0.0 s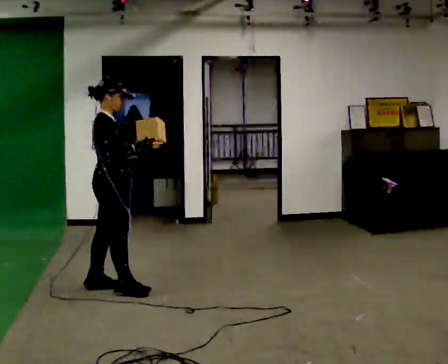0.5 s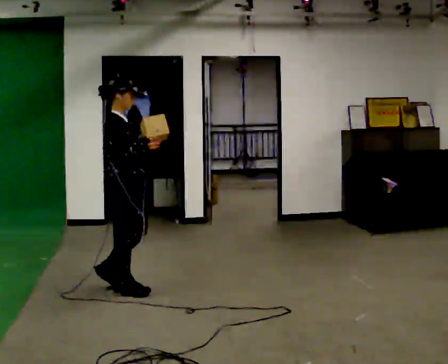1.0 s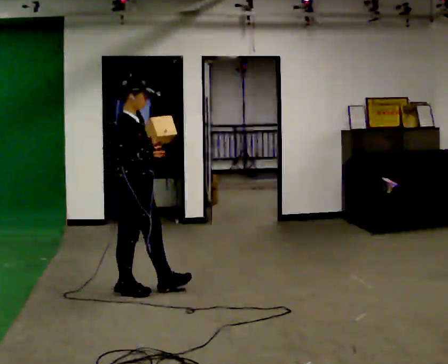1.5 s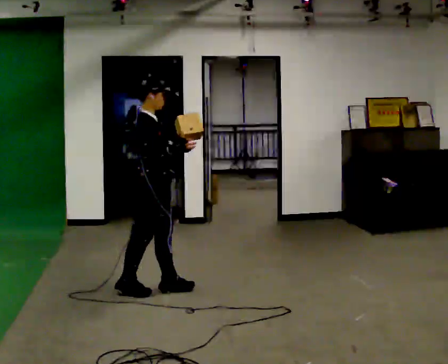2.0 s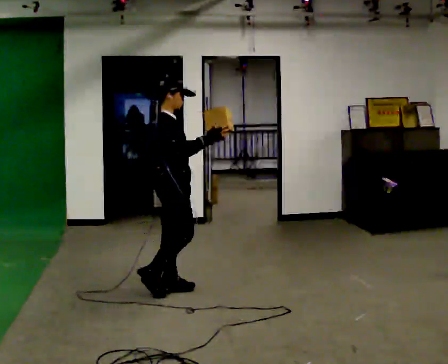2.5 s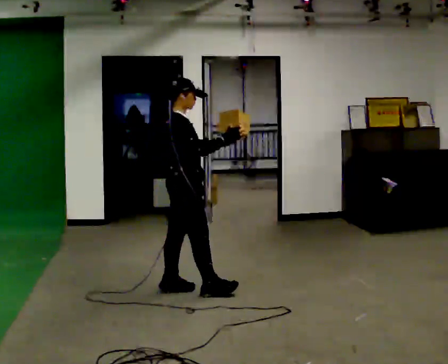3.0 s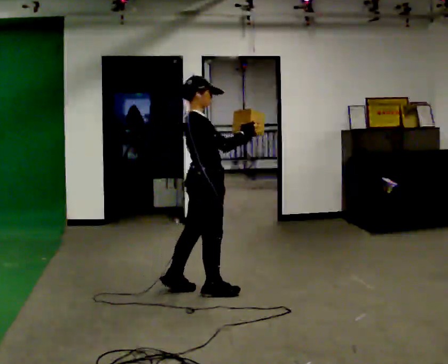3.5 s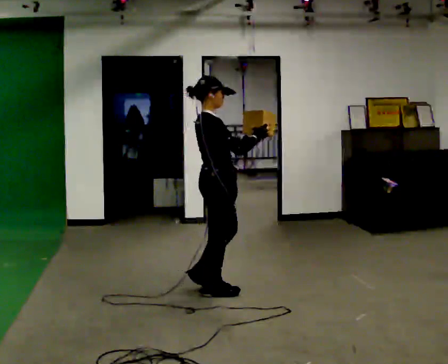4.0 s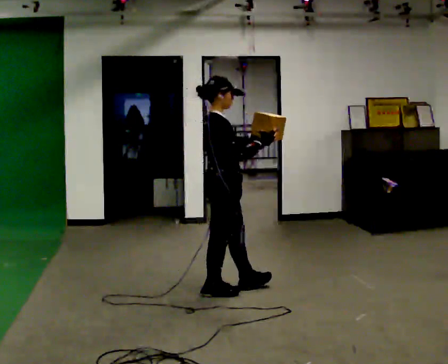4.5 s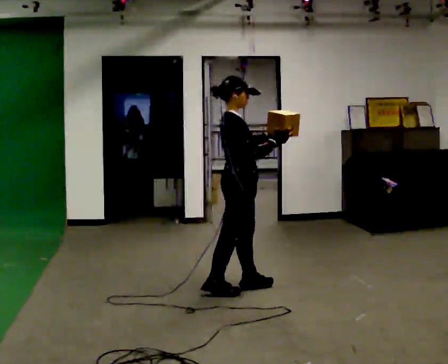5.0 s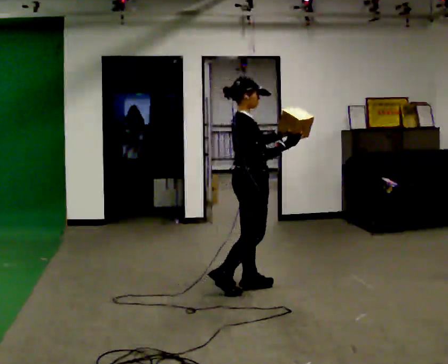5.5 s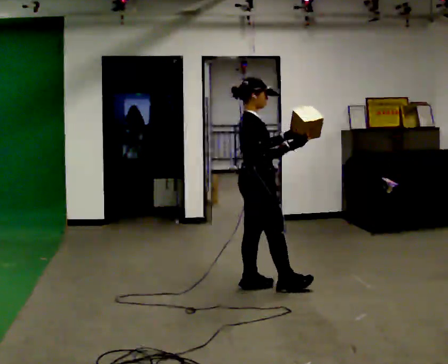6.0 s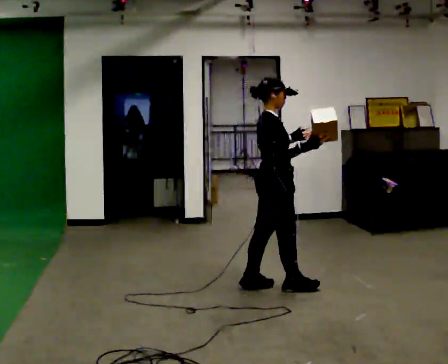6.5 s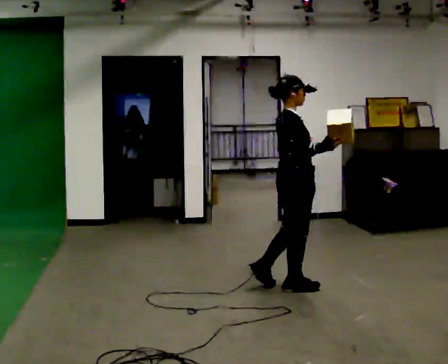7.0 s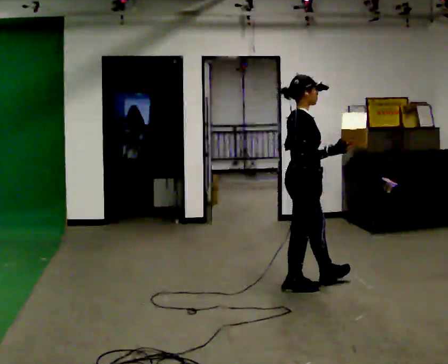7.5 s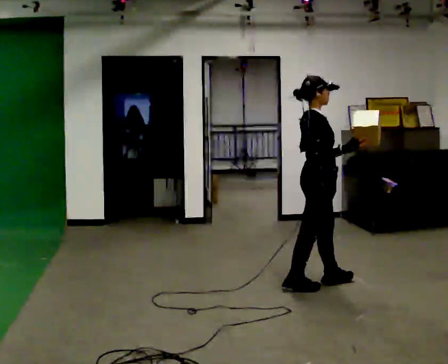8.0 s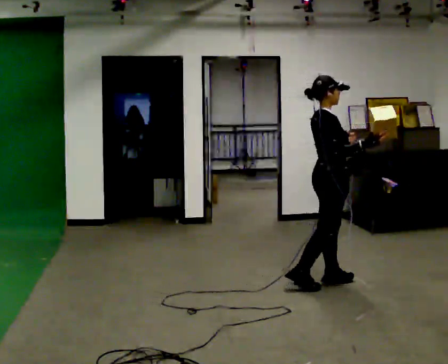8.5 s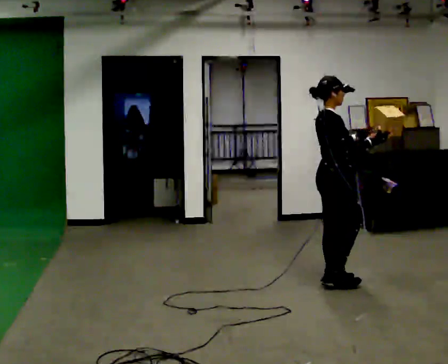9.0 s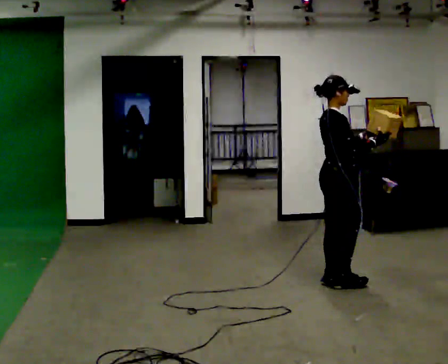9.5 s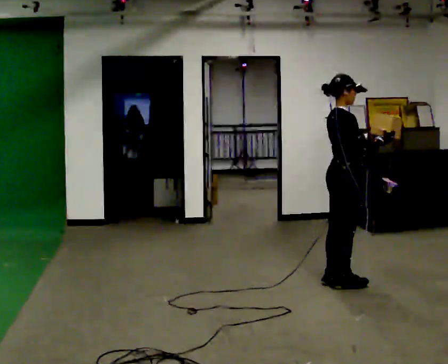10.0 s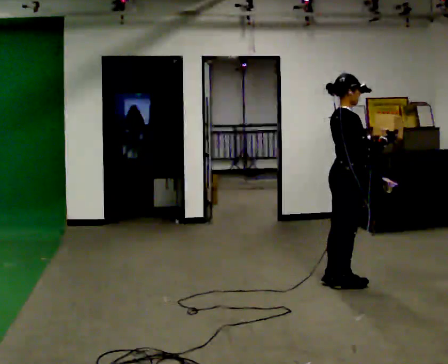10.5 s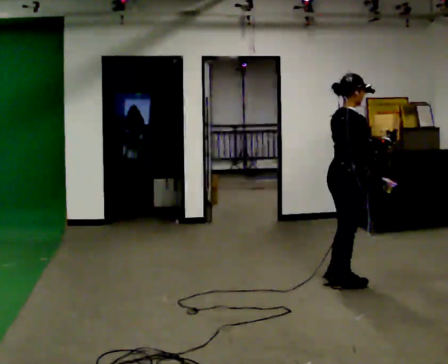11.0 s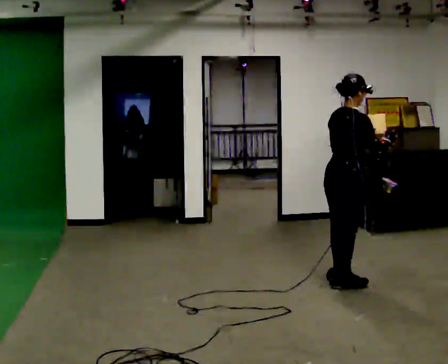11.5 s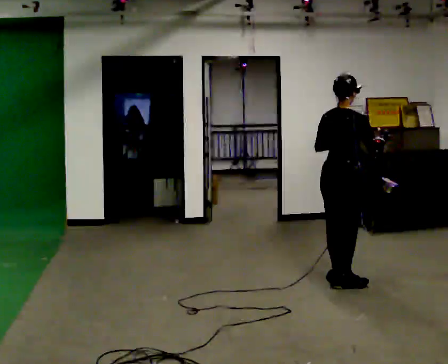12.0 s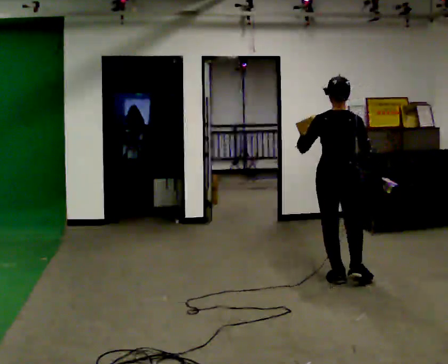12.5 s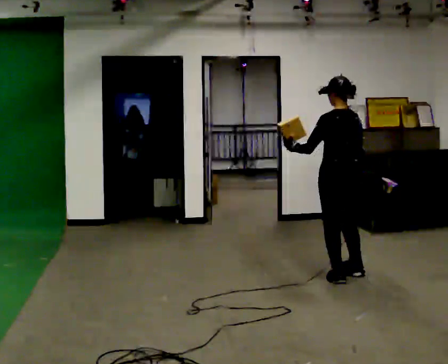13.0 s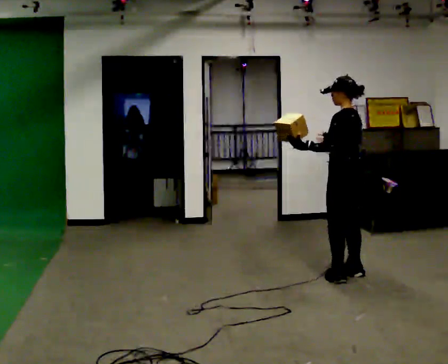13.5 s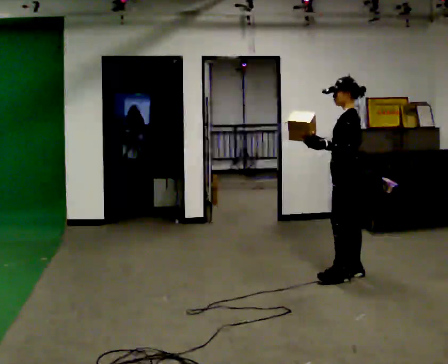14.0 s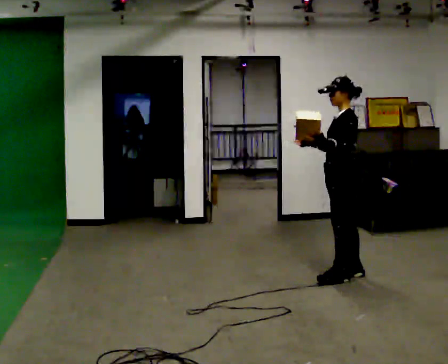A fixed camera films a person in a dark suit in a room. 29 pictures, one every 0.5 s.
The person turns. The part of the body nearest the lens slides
to the right.
The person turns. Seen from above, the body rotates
counterclockwise.
0.0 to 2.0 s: In the picture they go to the right, about 0.5 m in 1 step, which for them is forward.
2.0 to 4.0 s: In the picture they go to the right, about 0.5 m in 2 steps, which for them is forward and to their right.
4.0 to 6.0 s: In the picture they go to the right and away from the camera, about 0.5 m in 1 step, which for them is forward.
6.0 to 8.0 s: In the picture they go to the right and away from the camera, about 0.5 m in 1 step, which for them is forward.
8.0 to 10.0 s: The person moves a little, or ends about where they began.
10.0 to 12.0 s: The person turns about 75 degrees to their left, counterclockwise seen from above, so the part of the body nearest the lens slides to the right. In the picture they go away from the camera, about 0.25 m. In the picture their left hand goes to the left.
12.0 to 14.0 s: The person turns about 90 degrees to their left, counterclockwise seen from above, so the part of the body nearest the lens slides to the right. In the picture their left hand goes to the right.
The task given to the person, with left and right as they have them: Carry the object in one hand and, while walking, pass it to your other hand. Keep passing it back and forth as you walk.
The film runs forward here.
